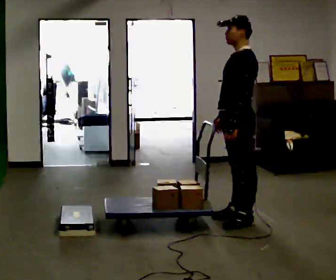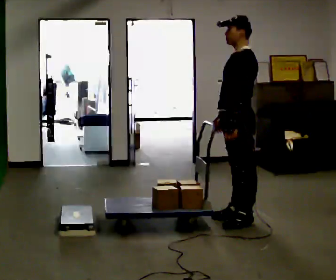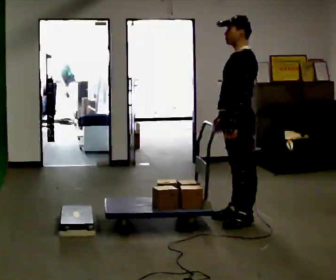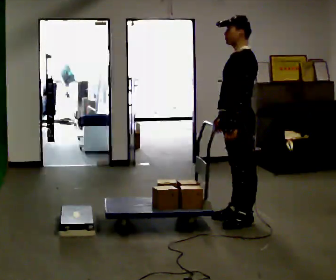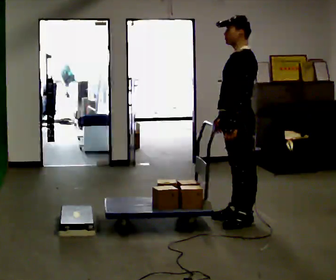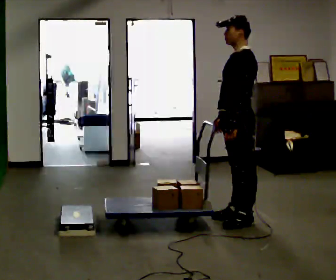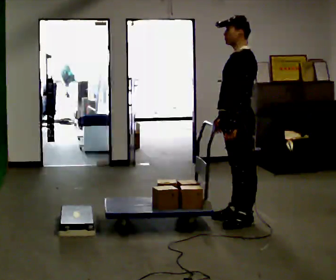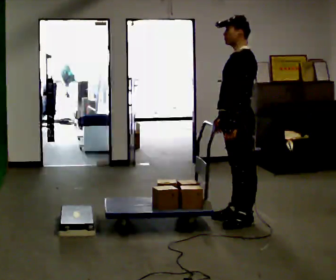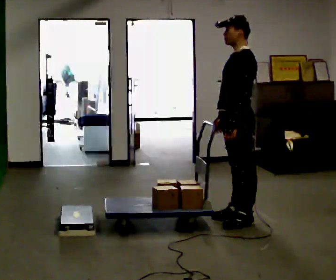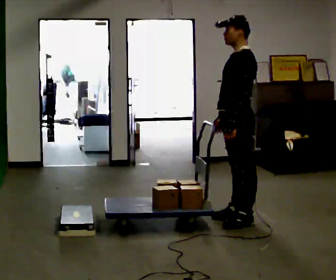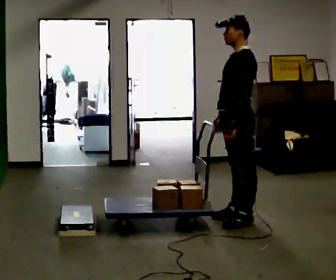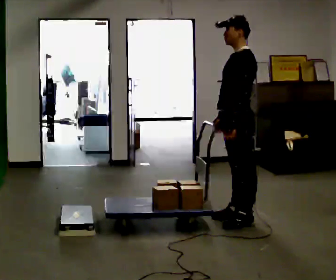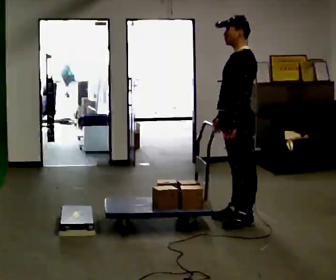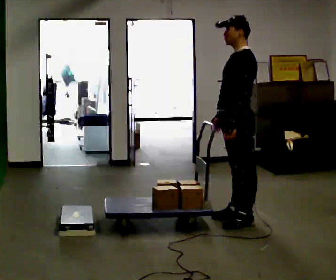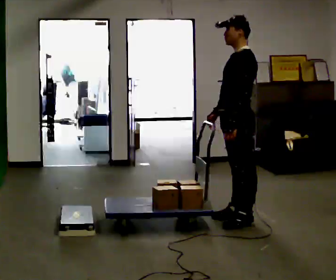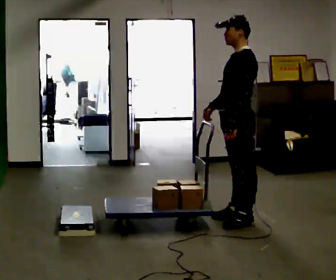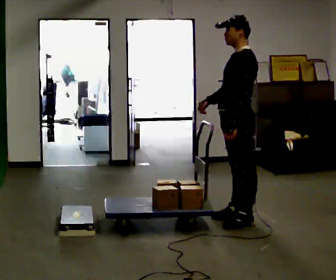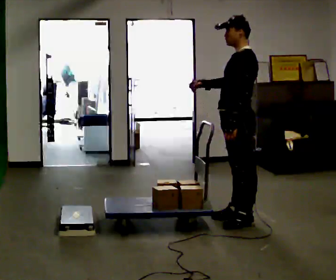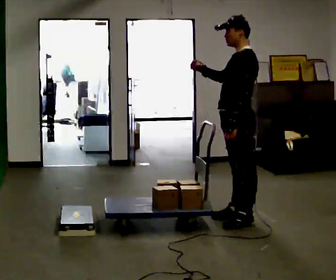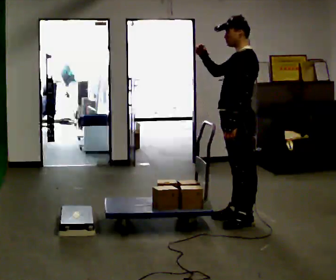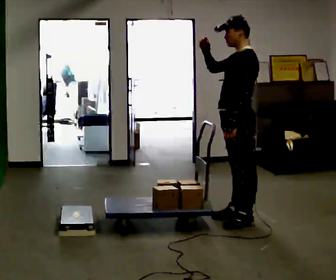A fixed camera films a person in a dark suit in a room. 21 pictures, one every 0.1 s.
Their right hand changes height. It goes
upward.
Their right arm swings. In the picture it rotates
clockwise.
0.0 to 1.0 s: The person keeps their place and pose.
1.0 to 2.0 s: In the picture their right hand goes upward, the arm swinging clockwise.
The film runs forward here.
